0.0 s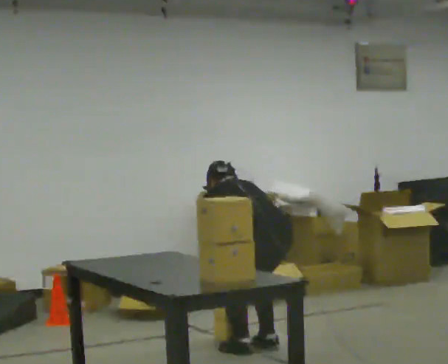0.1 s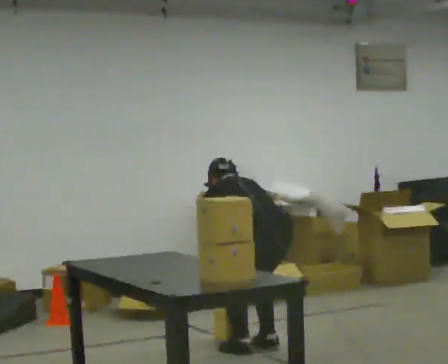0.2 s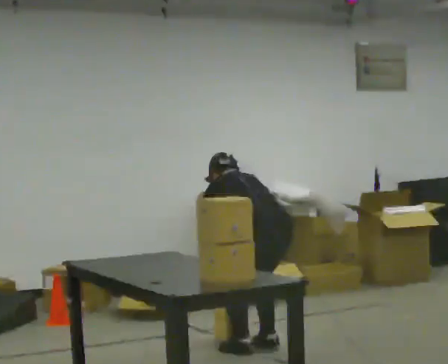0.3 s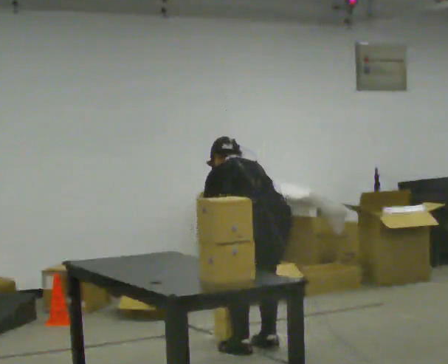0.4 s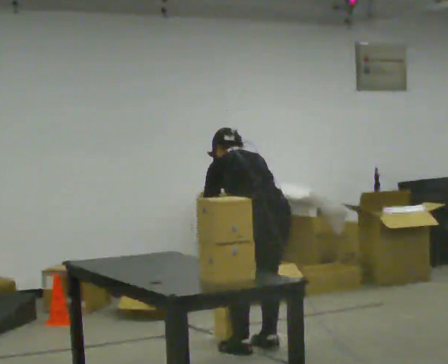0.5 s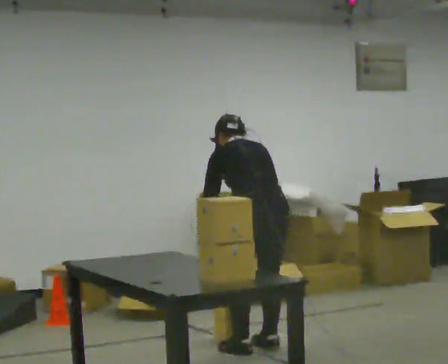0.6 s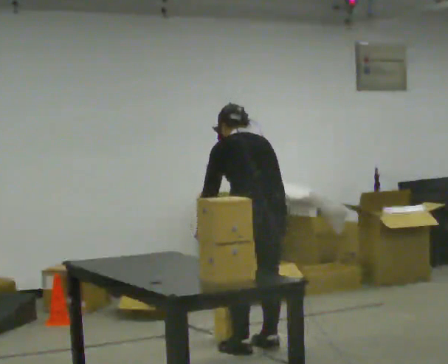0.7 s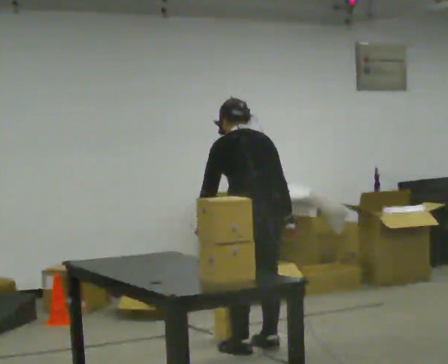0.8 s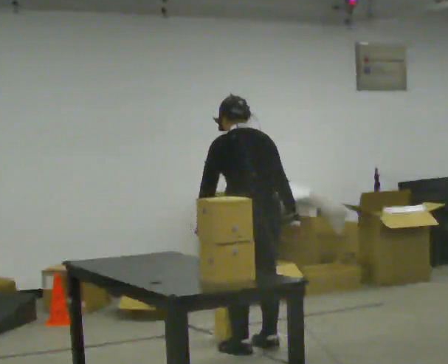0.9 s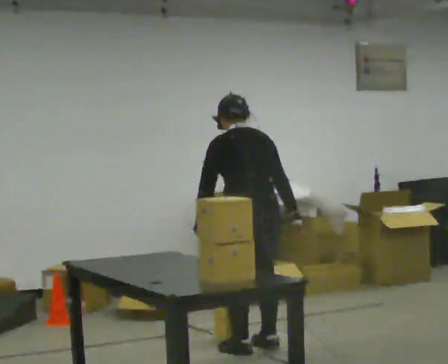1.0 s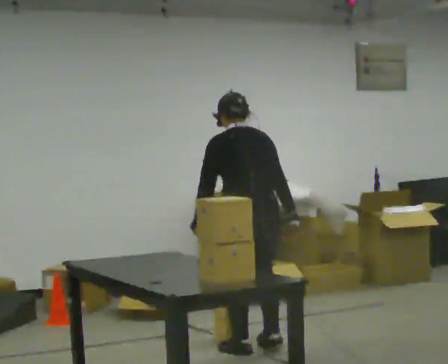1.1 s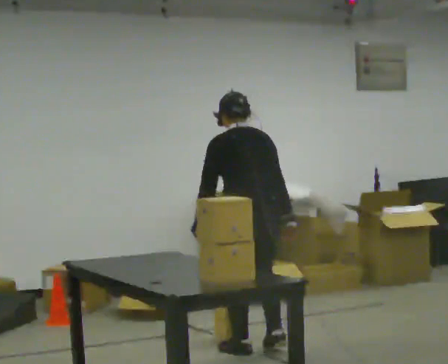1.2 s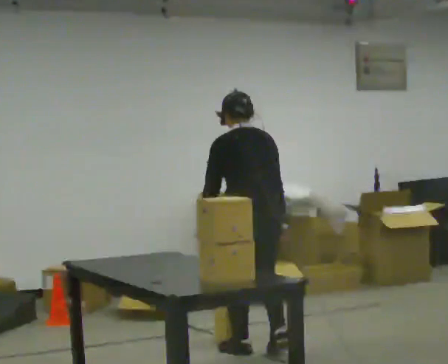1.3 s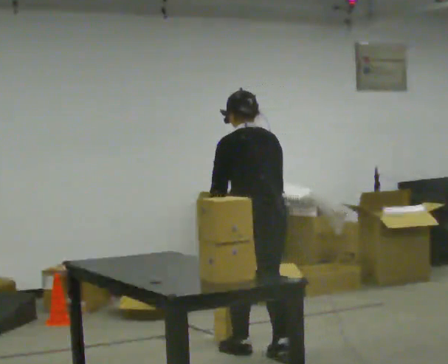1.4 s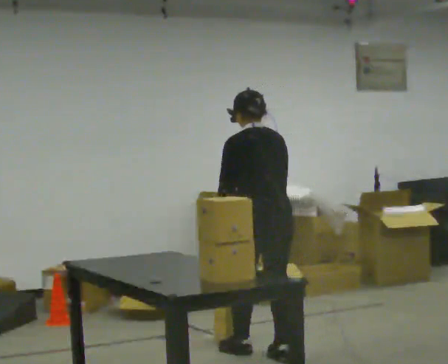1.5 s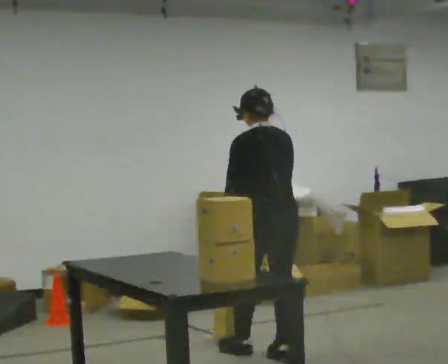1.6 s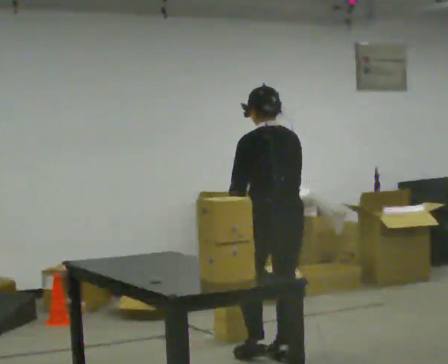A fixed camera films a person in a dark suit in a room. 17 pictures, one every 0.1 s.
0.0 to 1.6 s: In the picture they go toward the camera, about 0.25 m in 2 steps, which for them is backward. The upper body goes upward. The upper body tips toward the camera, its near side rolling downward, as they lean back or straighten. In the picture their right hand goes upward.
The film runs backward here.
